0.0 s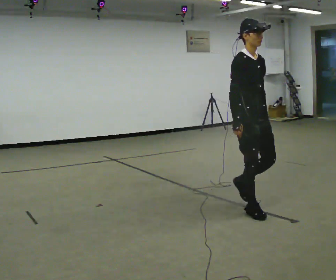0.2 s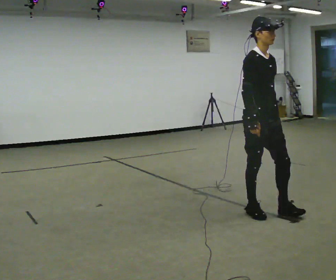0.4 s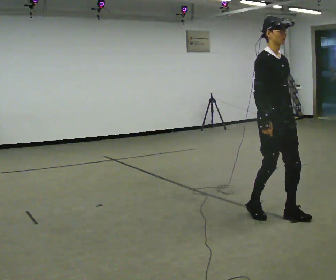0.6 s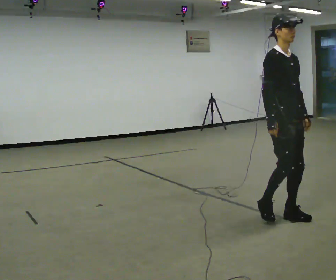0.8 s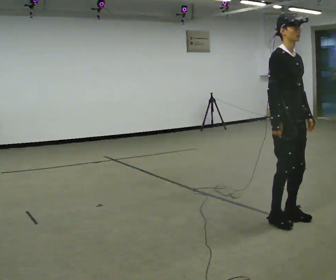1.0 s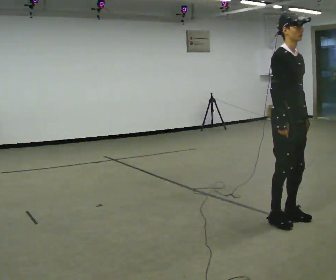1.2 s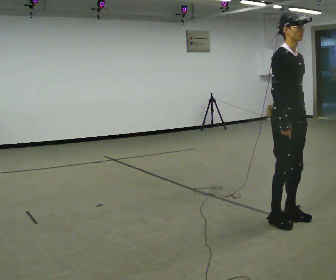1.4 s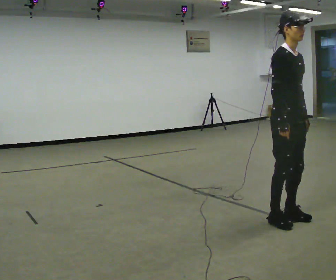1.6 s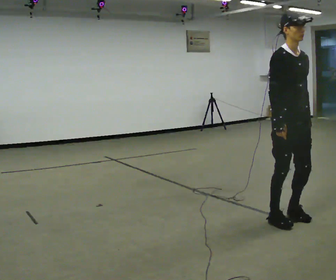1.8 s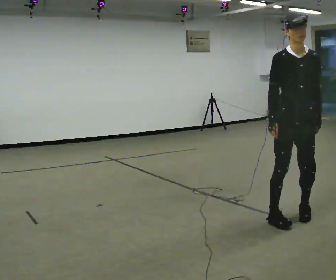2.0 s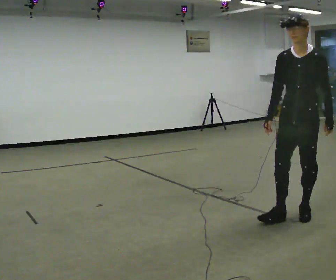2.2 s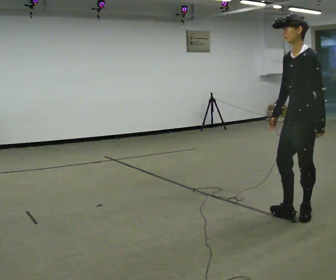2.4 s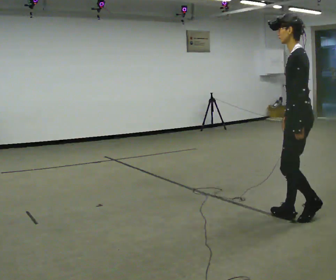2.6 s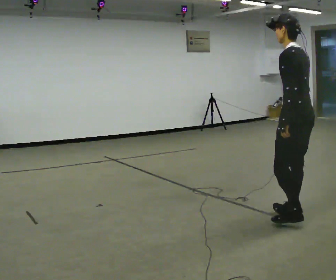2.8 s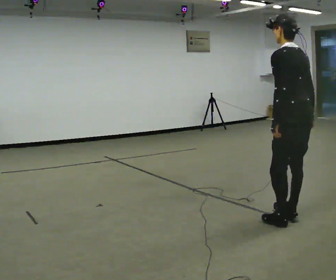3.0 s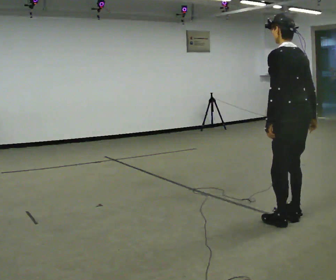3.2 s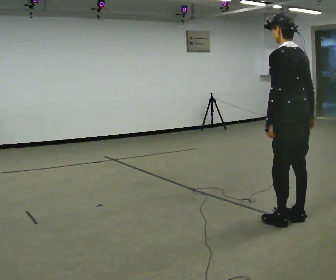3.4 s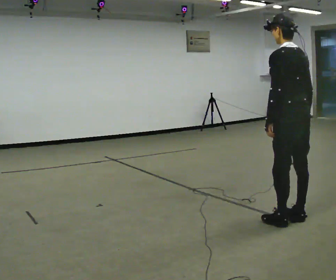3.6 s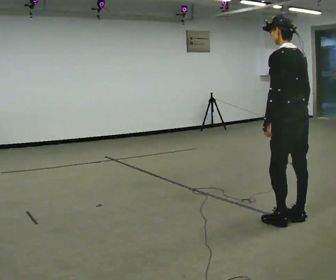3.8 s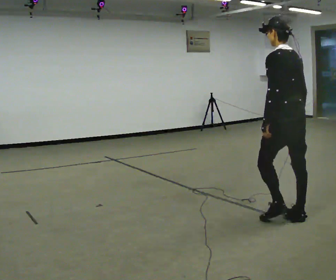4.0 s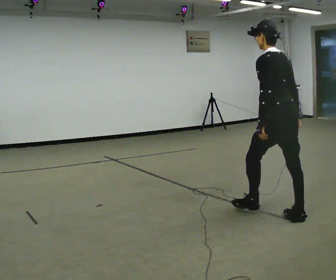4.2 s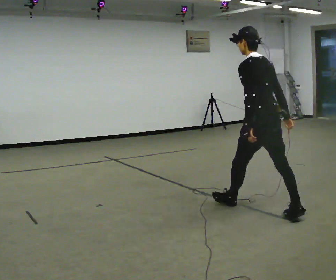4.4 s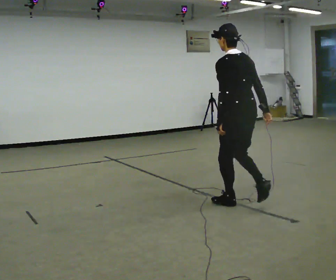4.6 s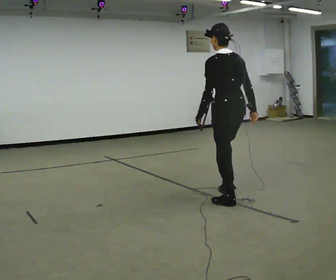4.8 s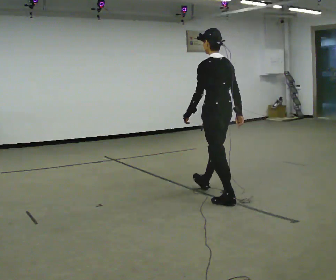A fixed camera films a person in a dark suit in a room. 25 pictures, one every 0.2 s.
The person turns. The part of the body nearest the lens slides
to the left.
The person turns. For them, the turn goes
to their right.
0.0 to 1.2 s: In the picture they go to the right and toward the camera, about 0.5 m in 2 steps, which for them is forward.
1.2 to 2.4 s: Seen from above the body turns clockwise, about 150 degrees: to their right, with its near side sliding to the left.
2.4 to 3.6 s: The person turns about 30 degrees to their right, clockwise seen from above, so the part of the body nearest the lens slides to the left.
3.6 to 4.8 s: In the picture they go to the left and away from the camera, about 1 m in 1 step, which for them is forward.
The film runs forward here.
